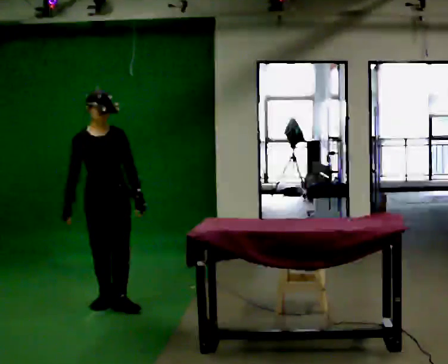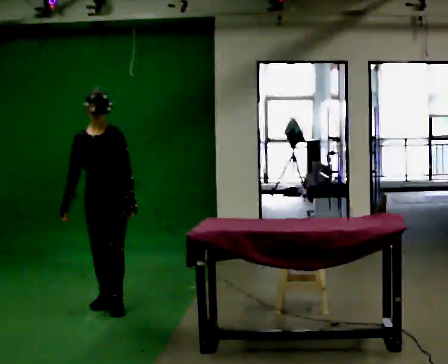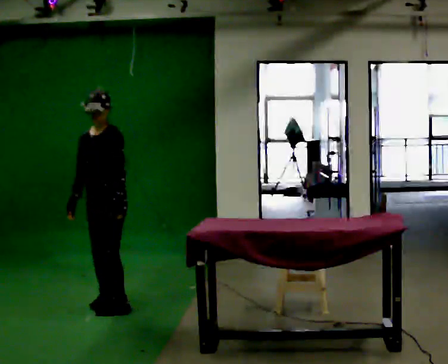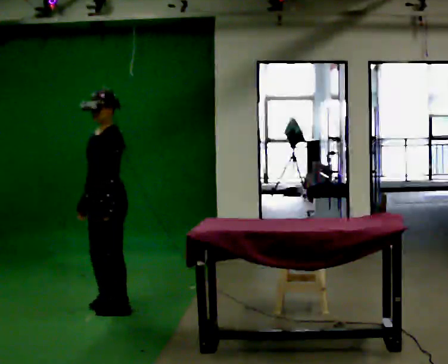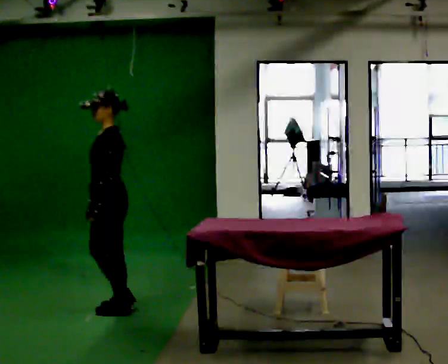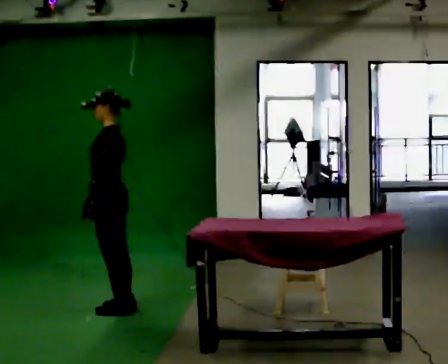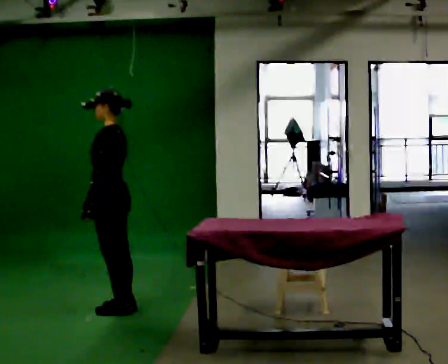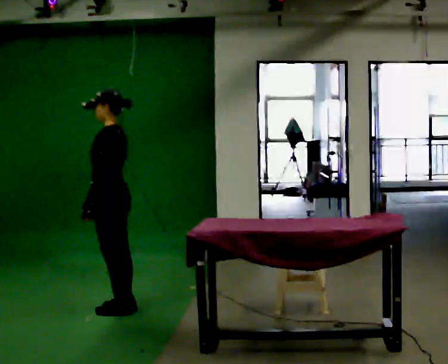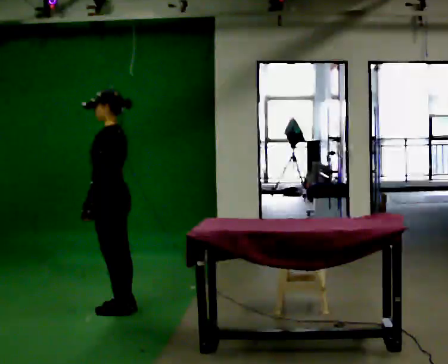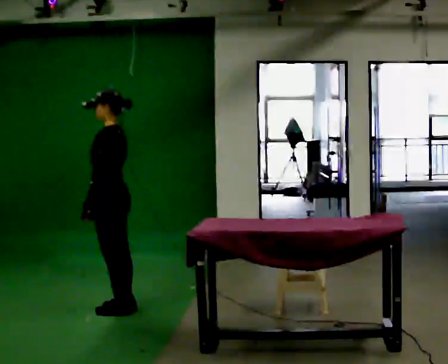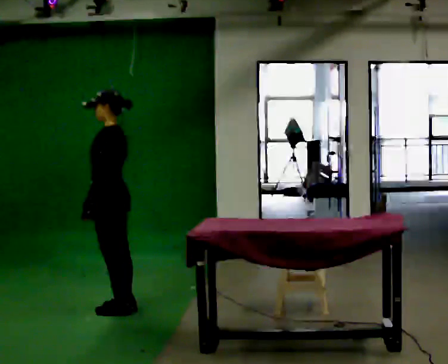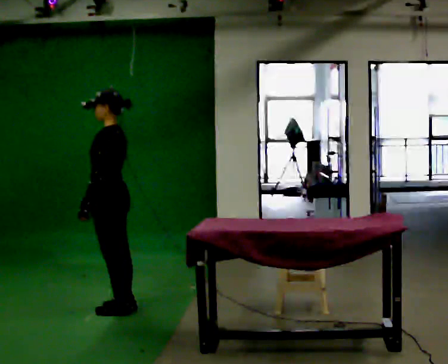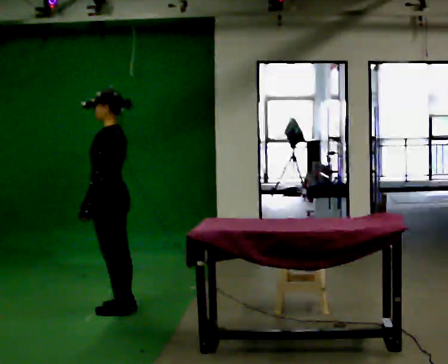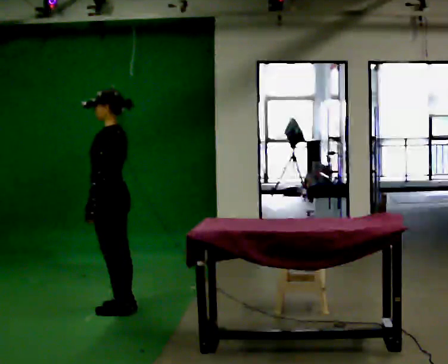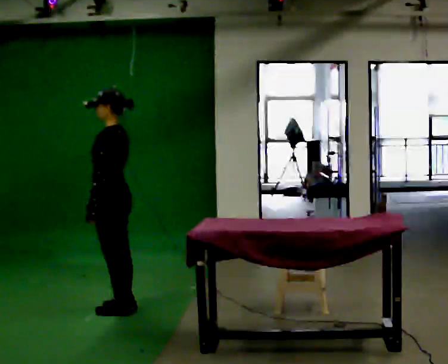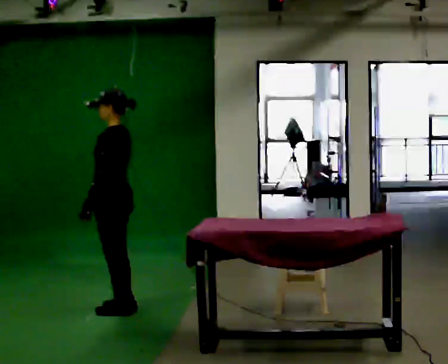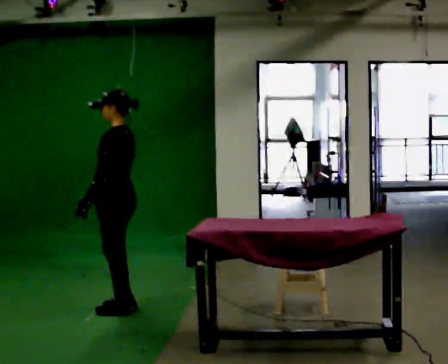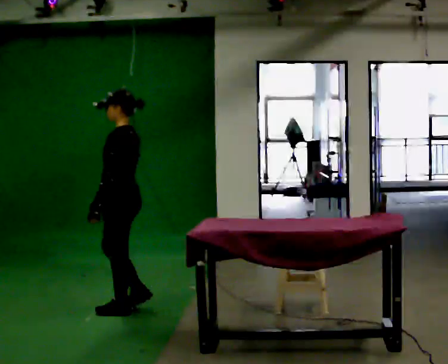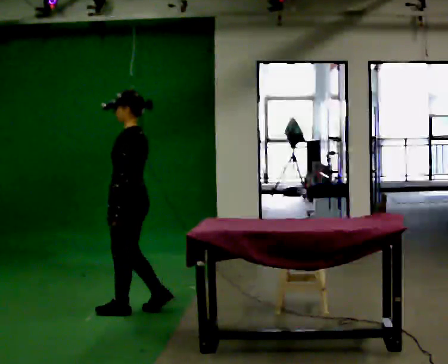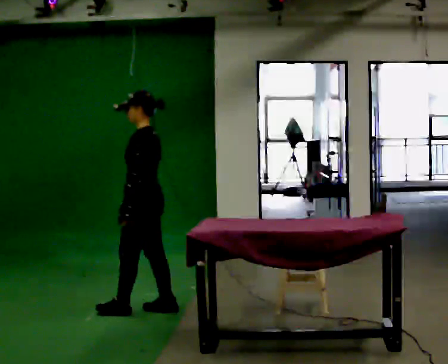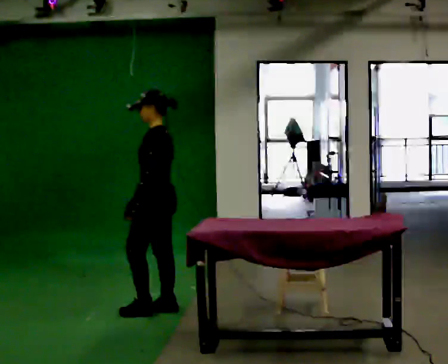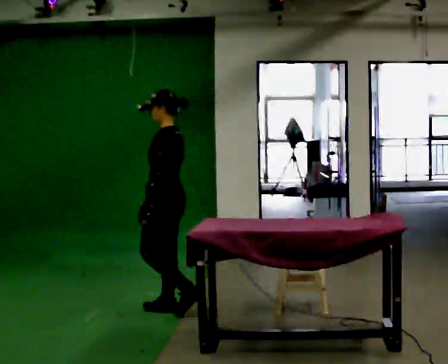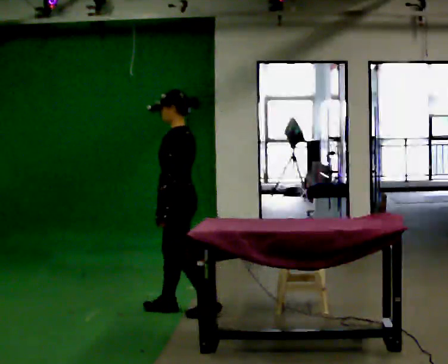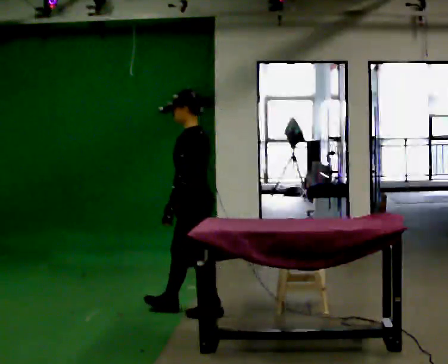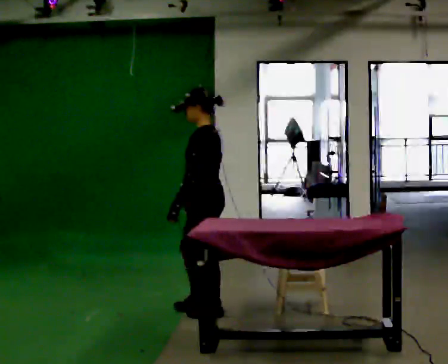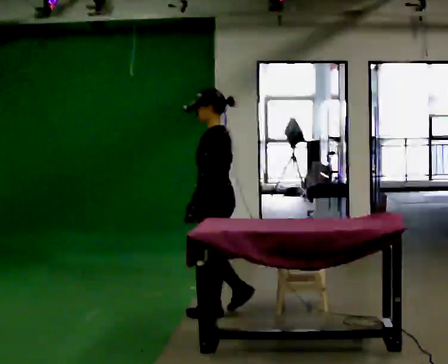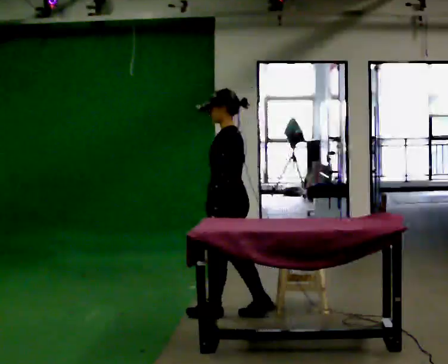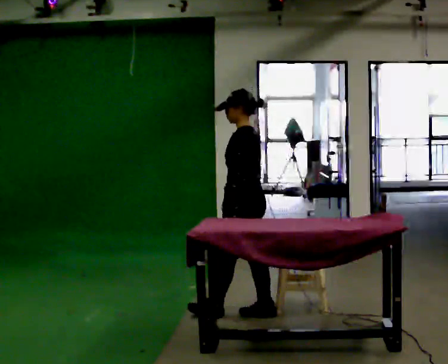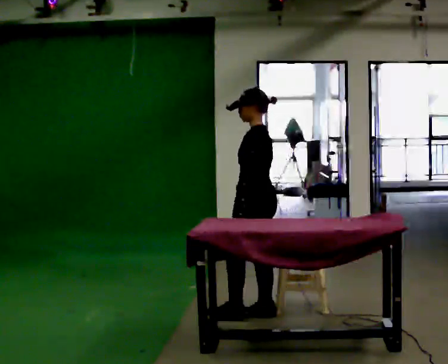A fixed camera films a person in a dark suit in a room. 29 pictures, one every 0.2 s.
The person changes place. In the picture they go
to the right.
The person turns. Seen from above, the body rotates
clockwise.
0.0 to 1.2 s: The part of the body nearest the lens slides to the left as the person turns to their right by about 105 degrees. In the picture their left hand goes to the left, the arm swinging clockwise.
1.2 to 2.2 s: The person keeps their place and pose.
2.2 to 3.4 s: The person moves a little, or ends about where they began.
3.4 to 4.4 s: In the picture they go to the right, about 0.5 m in 1 step, which for them is backward.
4.4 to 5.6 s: In the picture they go to the right and toward the camera, about 0.5 m in 2 steps, which for them is backward.
The film runs backward here.
